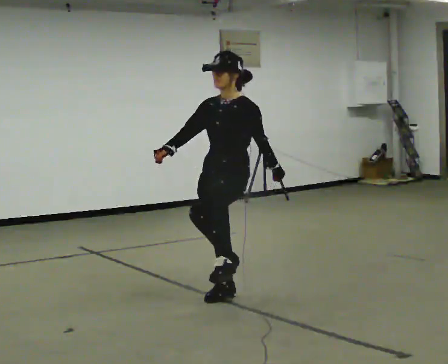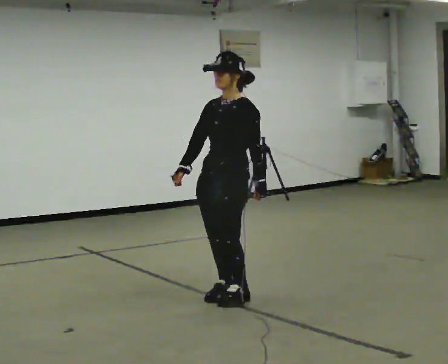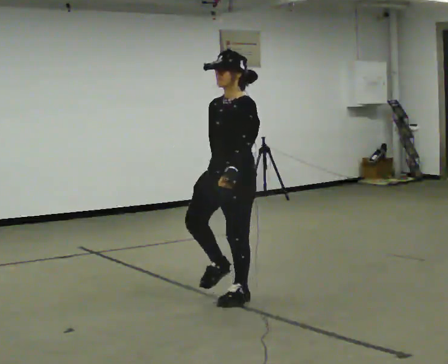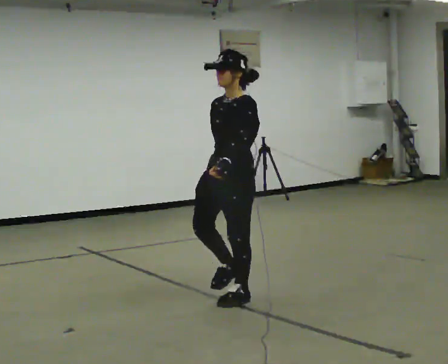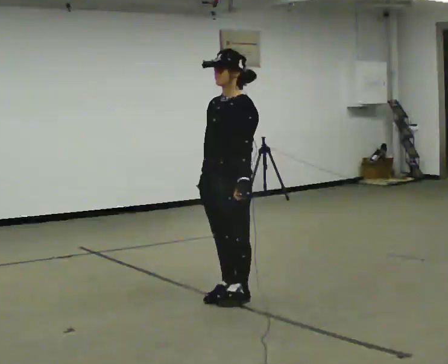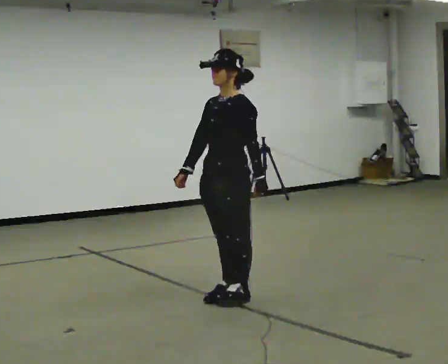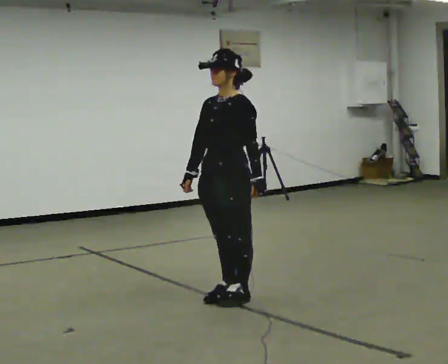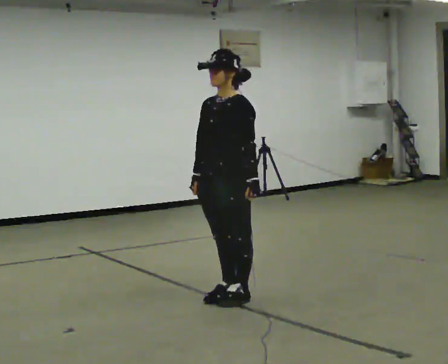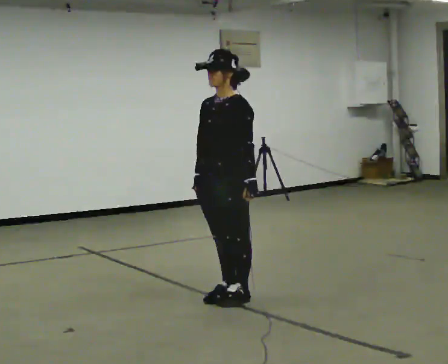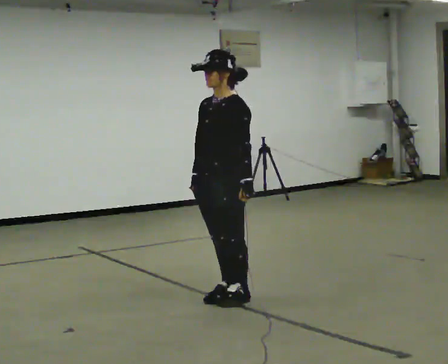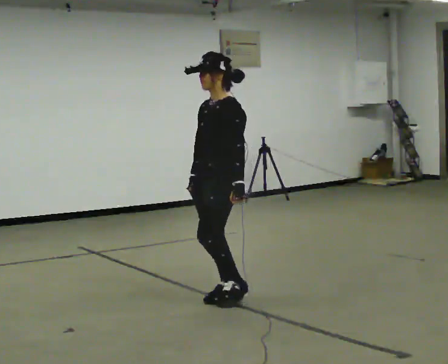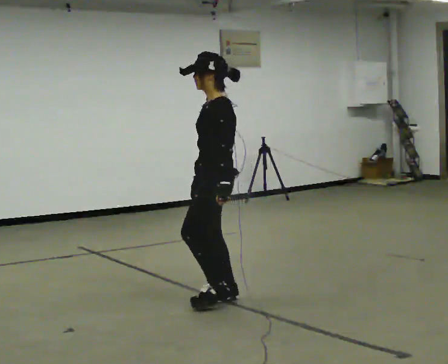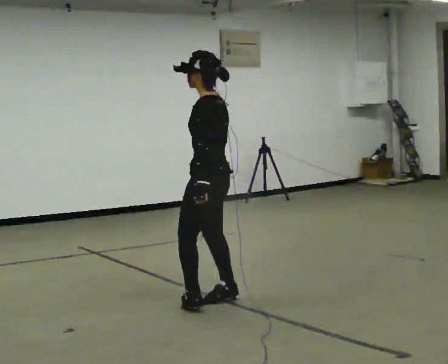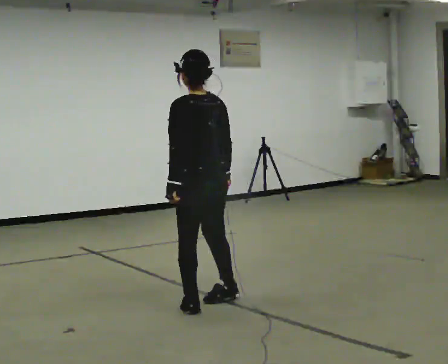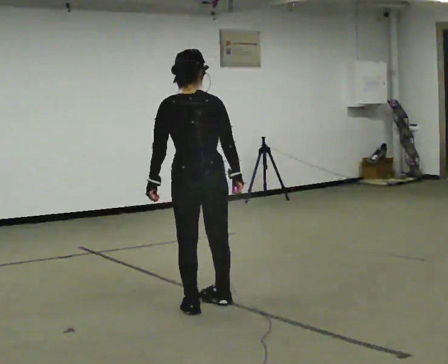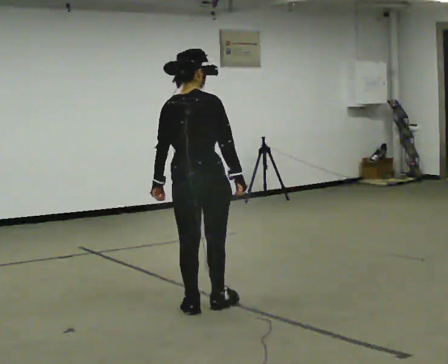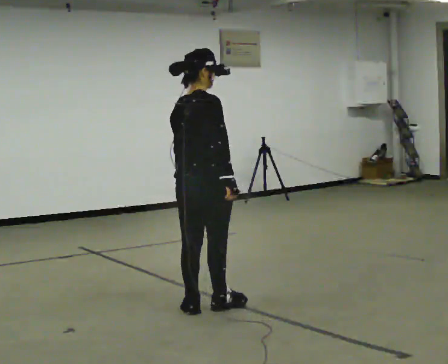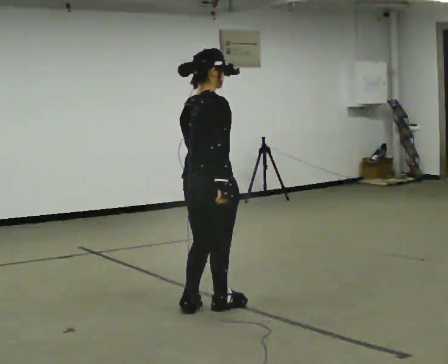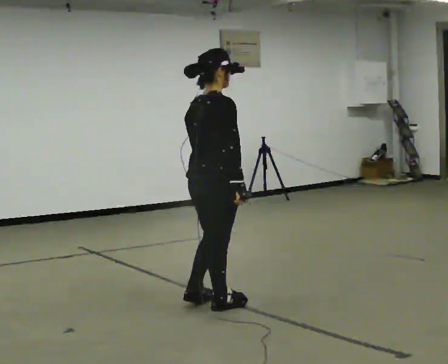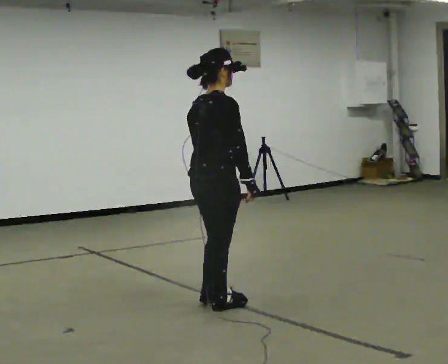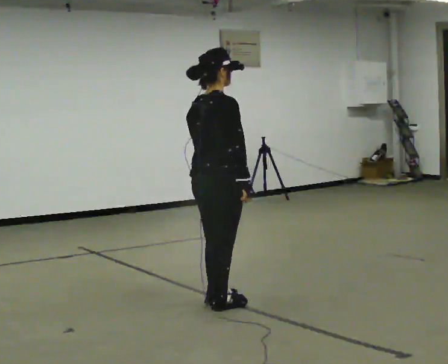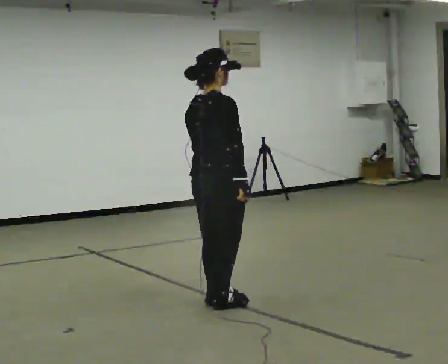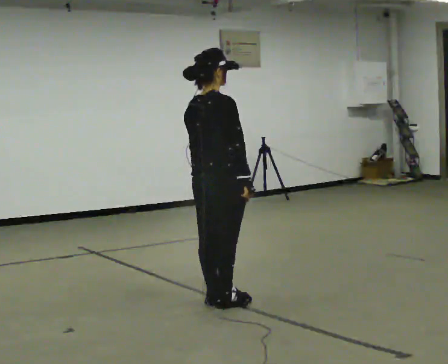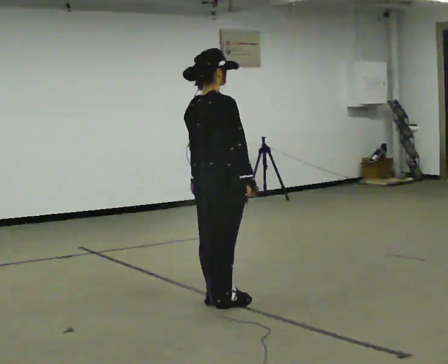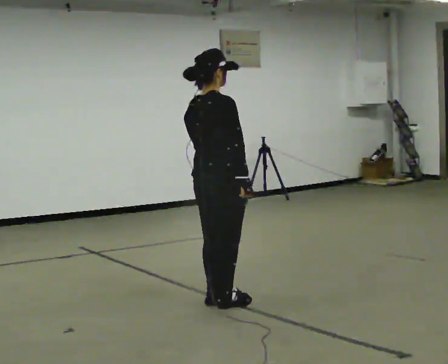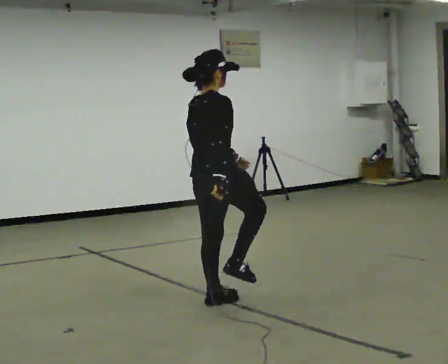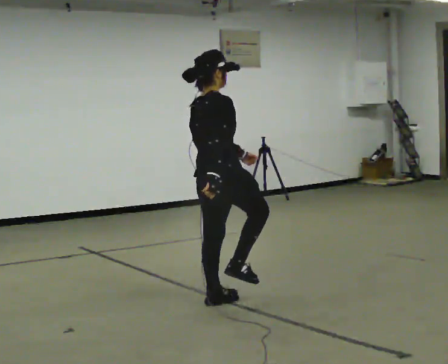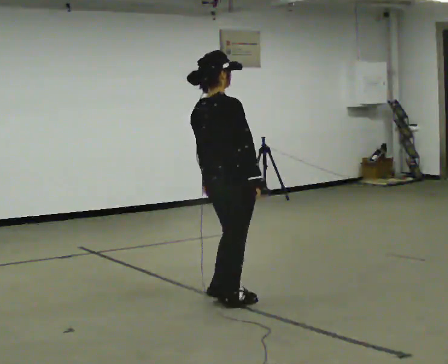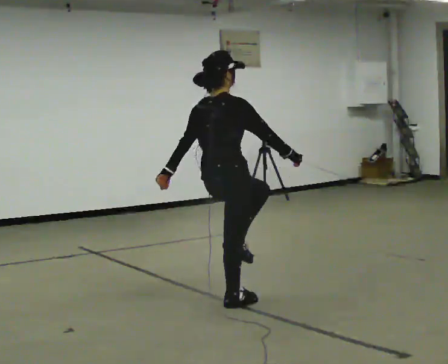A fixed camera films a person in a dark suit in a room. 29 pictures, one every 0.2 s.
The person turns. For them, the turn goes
to their right.
The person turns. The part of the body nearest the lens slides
to the left.
0.0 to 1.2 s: The person moves a little, or ends about where they began.
1.2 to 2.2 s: The person turns about 30 degrees to their right, clockwise seen from above, so the part of the body nearest the lens slides to the left.
2.2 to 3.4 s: The part of the body nearest the lens slides to the left as the person turns to their right by about 150 degrees. In the picture they go toward the camera, about 0.25 m in 2 steps.
3.4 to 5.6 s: In the picture their right hand goes to the right.
The film runs forward here.
